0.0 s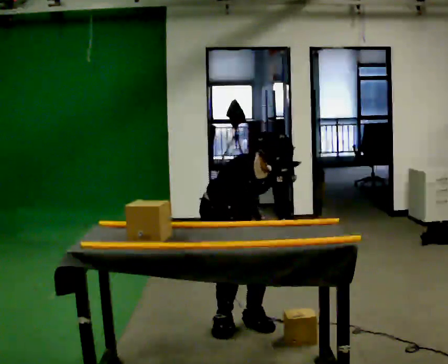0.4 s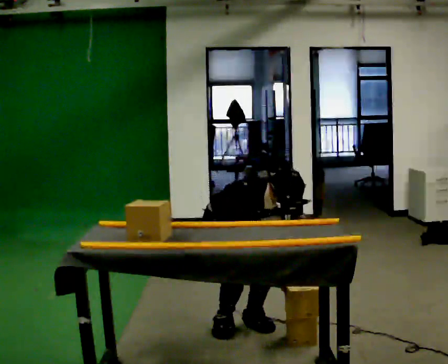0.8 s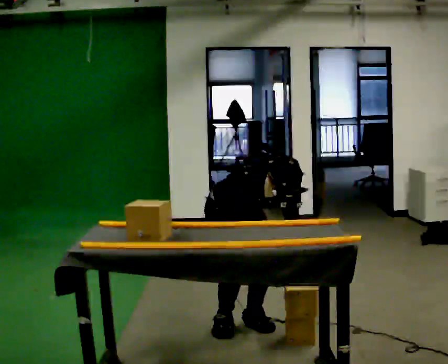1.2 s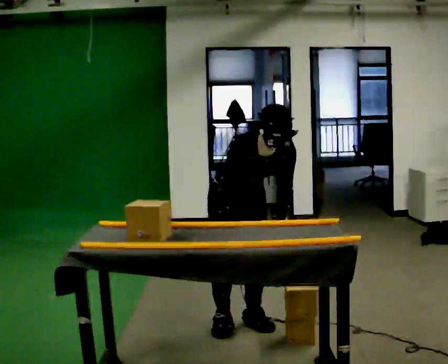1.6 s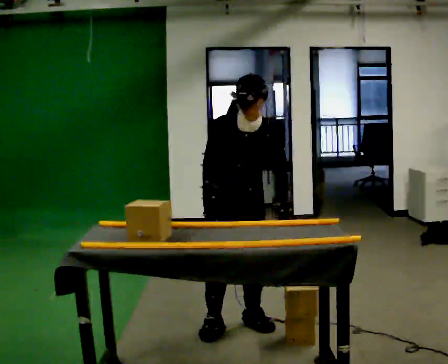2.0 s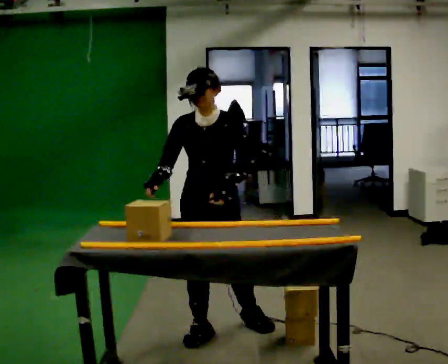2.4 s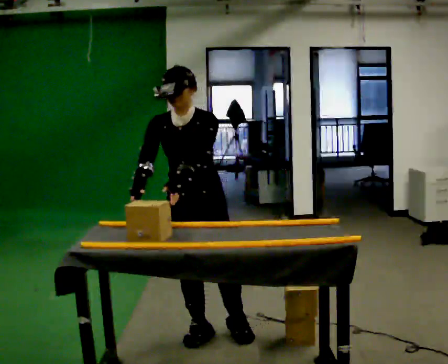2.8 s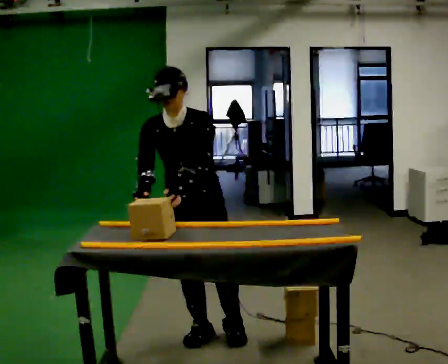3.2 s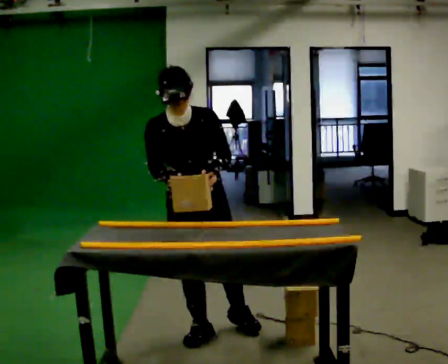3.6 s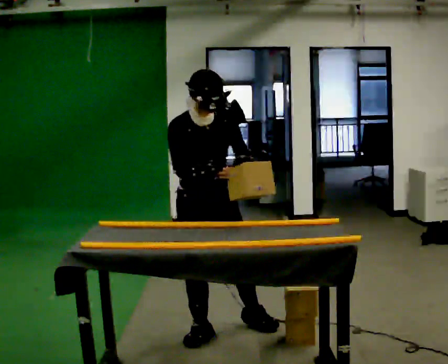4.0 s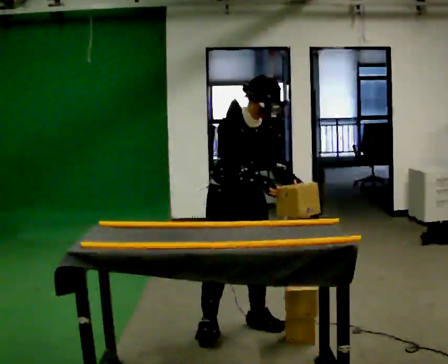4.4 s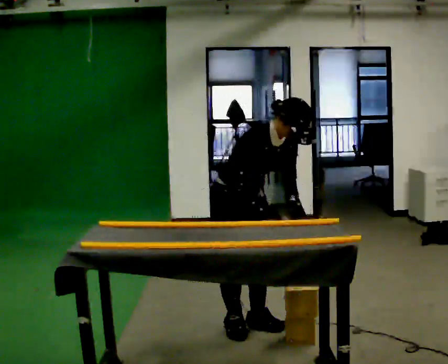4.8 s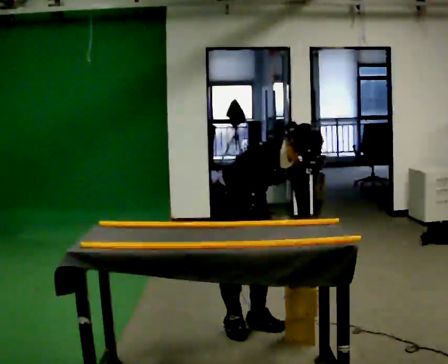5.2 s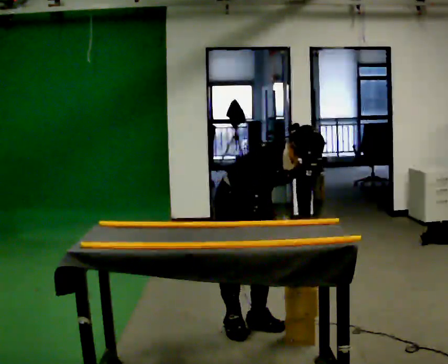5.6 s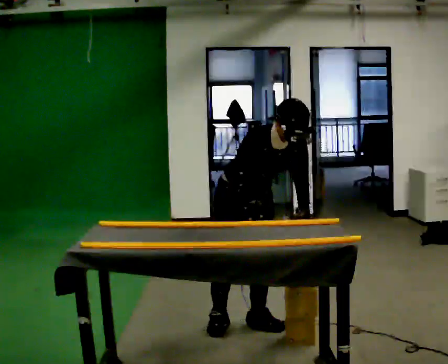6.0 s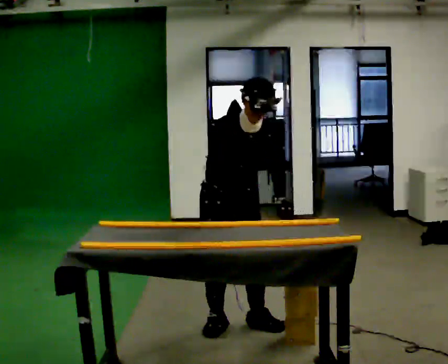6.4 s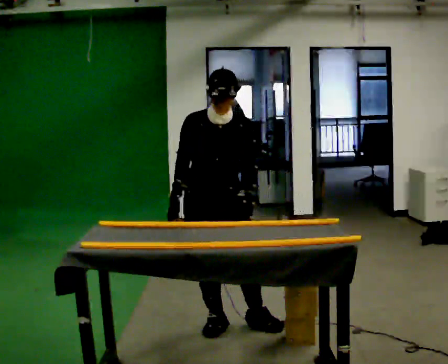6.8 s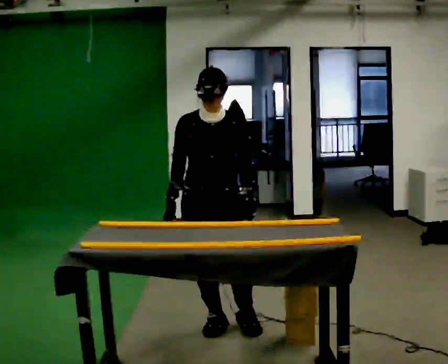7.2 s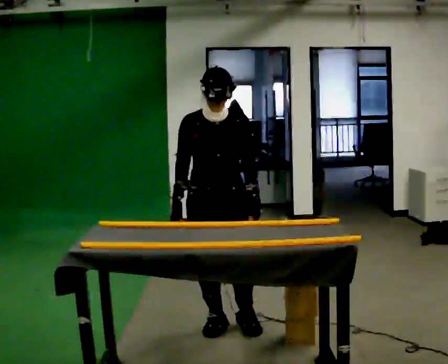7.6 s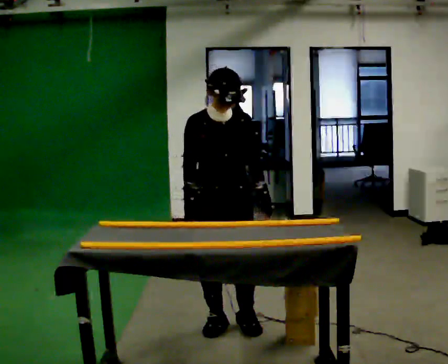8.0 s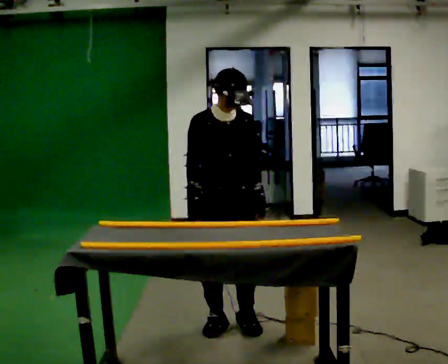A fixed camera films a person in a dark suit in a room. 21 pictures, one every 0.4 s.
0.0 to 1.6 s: The part of the body nearest the lens slides to the left as the person turns to their right by about 30 degrees.
1.6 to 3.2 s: In the picture they go to the left and toward the camera, about 0.25 m in 1 step, which for them is forward and to their right. In the picture the upper body tilts counterclockwise, shoulders to the left.
3.2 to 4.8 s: Seen from above the body turns counterclockwise, about 30 degrees: to their left, with its near side sliding to the right. In the picture they go to the right and away from the camera, about 0.25 m in 2 steps, which for them is to their left. The shoulders move downward. In the picture the upper body tilts clockwise, shoulders to the right, as they bend forward. In the picture their left hand goes downward.
4.8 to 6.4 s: Seen from above the body turns clockwise, about 30 degrees: to their right, with its near side sliding to the left. In the picture they go to the left, about 0.25 m, which for them is to their right. The shoulders move upward. The upper body tips away from the camera, its near side rolling upward, as they lean back or straighten. In the picture their right hand goes to the left.
6.4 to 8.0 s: The person moves a little, or ends about where they began.
The film runs forward here.
